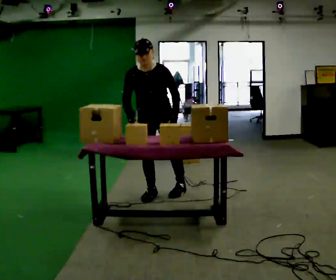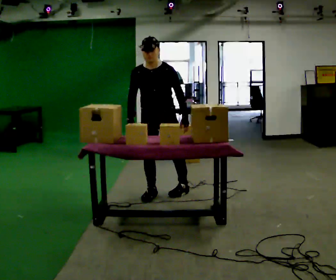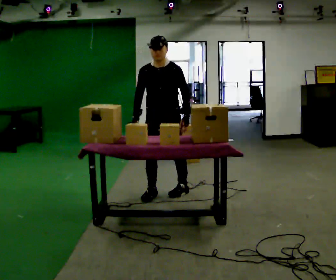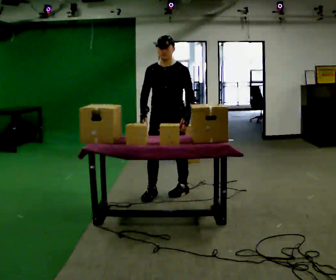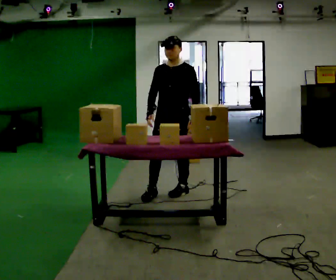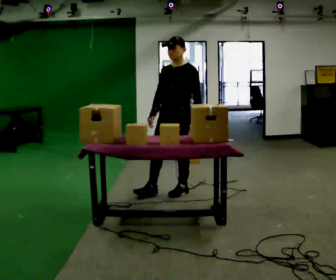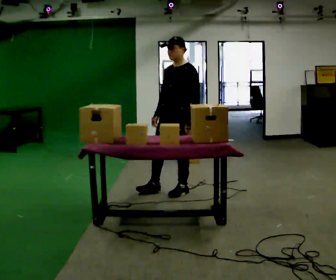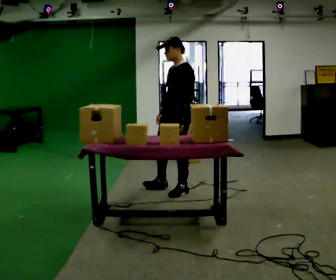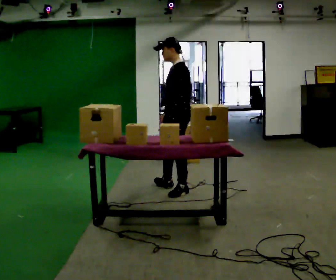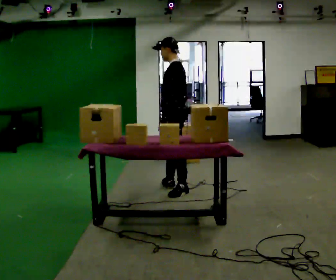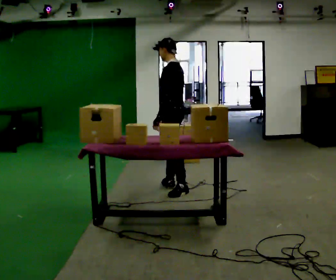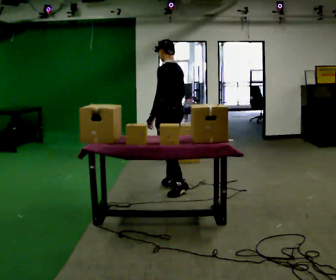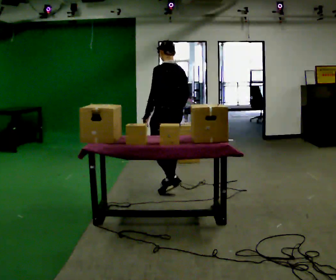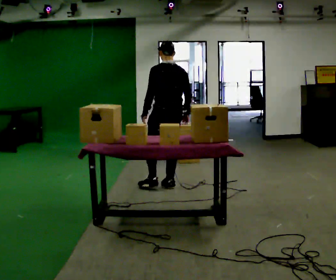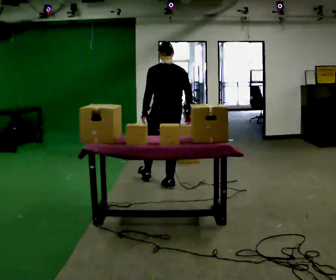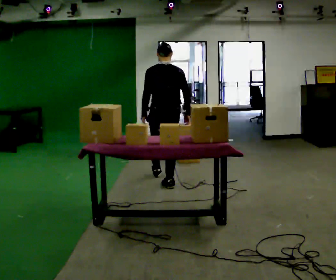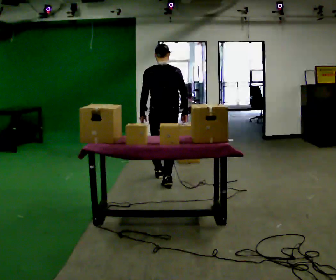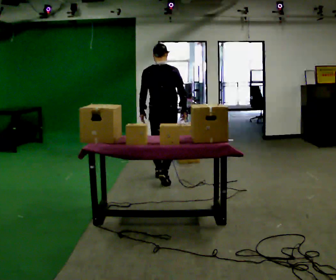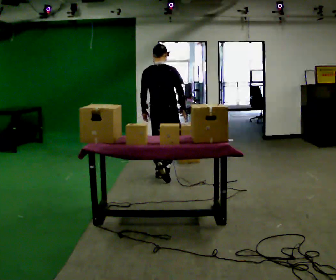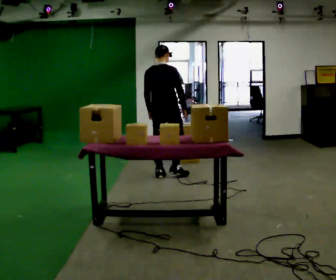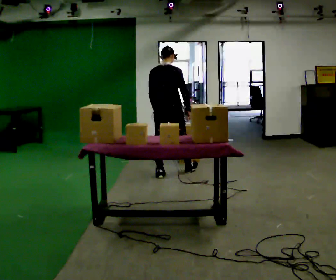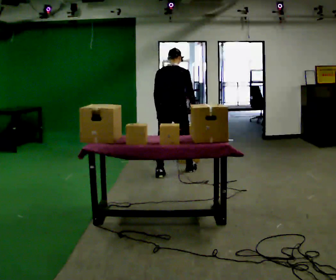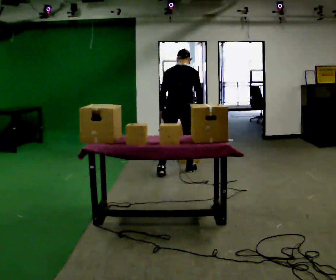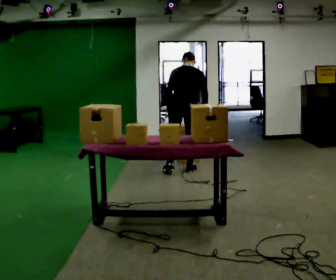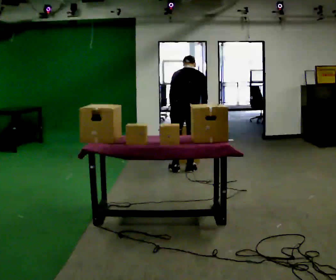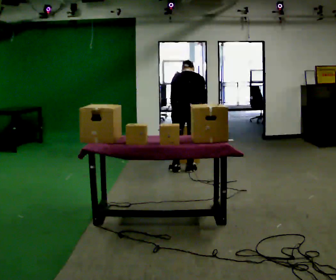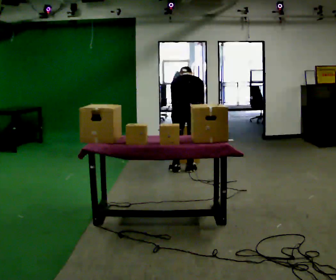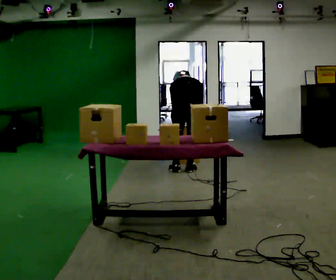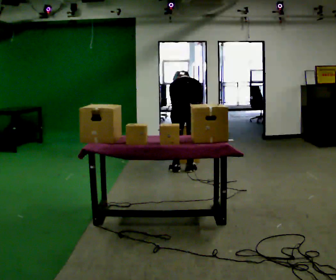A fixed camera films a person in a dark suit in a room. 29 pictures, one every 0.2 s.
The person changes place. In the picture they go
away from the camera.
The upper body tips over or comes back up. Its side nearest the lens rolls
upward.
0.0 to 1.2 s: The person turns about 45 degrees to their right, clockwise seen from above, so the part of the body nearest the lens slides to the left. In the picture they go to the right, about 0.25 m, which for them is to their left and backward. The upper body tips away from the camera, its near side rolling upward, as they lean back or straighten.
1.2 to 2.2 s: The person turns about 60 degrees to their right, clockwise seen from above, so the part of the body nearest the lens slides to the left. In the picture they go away from the camera, about 0.25 m in 1 step. In the picture their left hand goes to the left.
2.2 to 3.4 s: Seen from above the body turns clockwise, about 75 degrees: to their right, with its near side sliding to the left. In the picture they go away from the camera, about 0.5 m in 1 step.
3.4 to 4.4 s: In the picture they go away from the camera and to the right, about 0.25 m in 1 step, which for them is forward.
4.4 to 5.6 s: The upper body goes downward. The upper body tips away from the camera, its near side rolling upward, as they bend forward.
The film runs forward here.
